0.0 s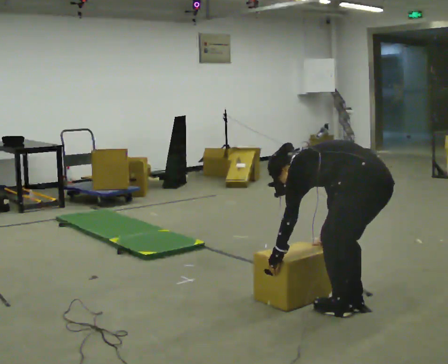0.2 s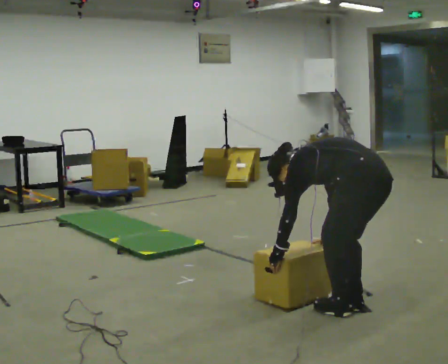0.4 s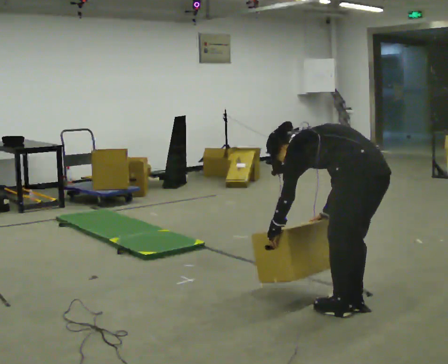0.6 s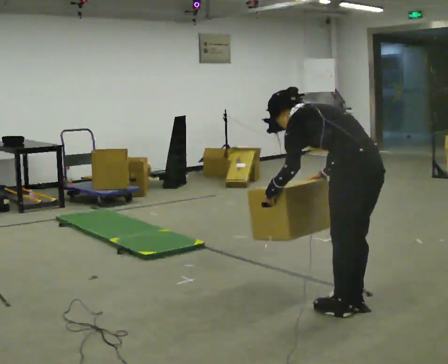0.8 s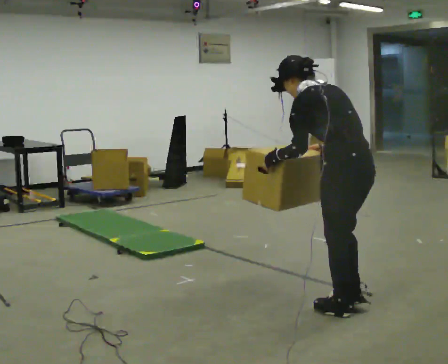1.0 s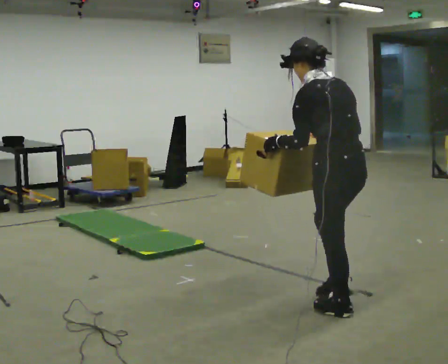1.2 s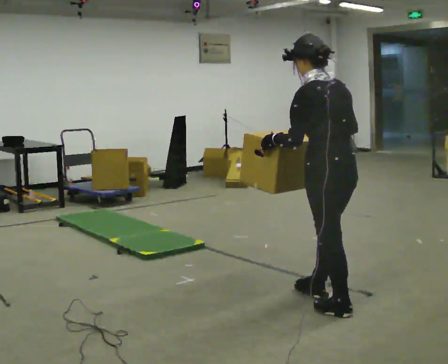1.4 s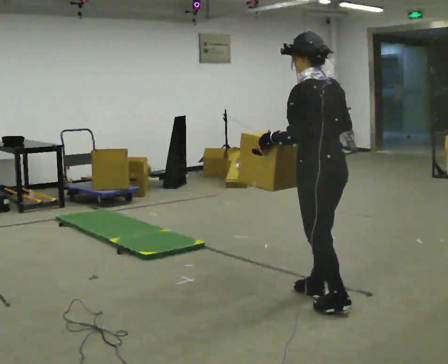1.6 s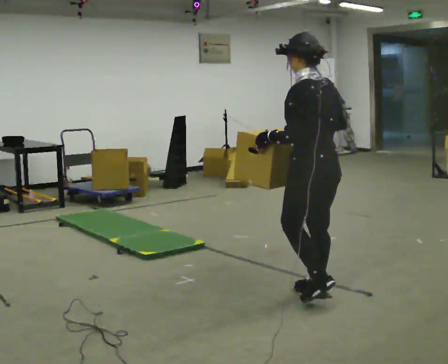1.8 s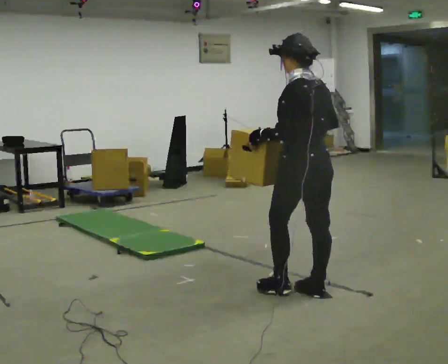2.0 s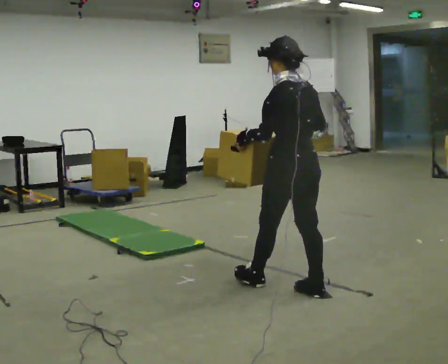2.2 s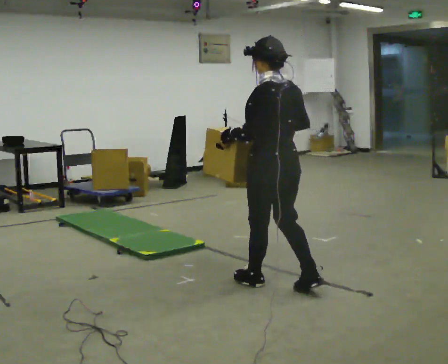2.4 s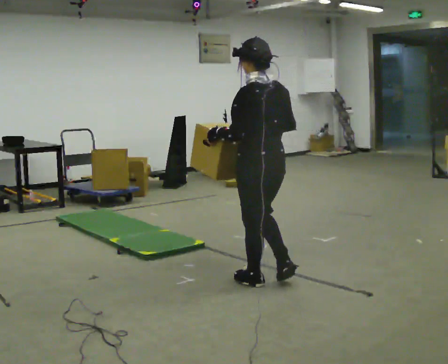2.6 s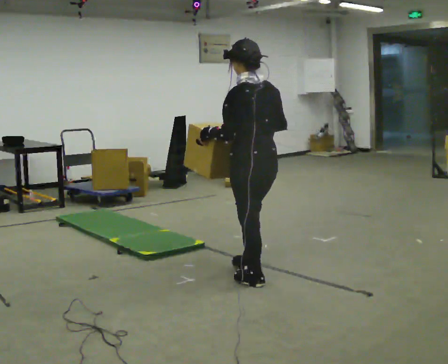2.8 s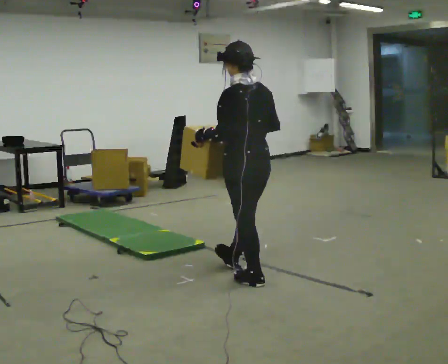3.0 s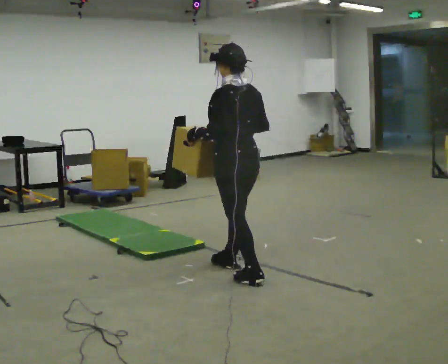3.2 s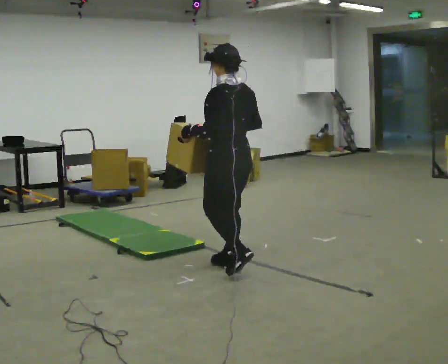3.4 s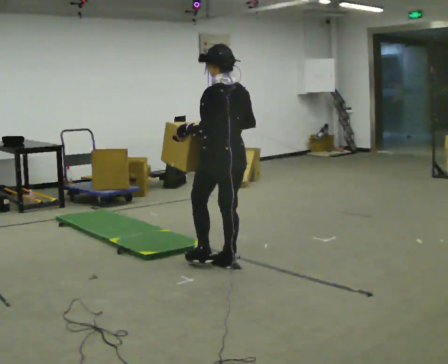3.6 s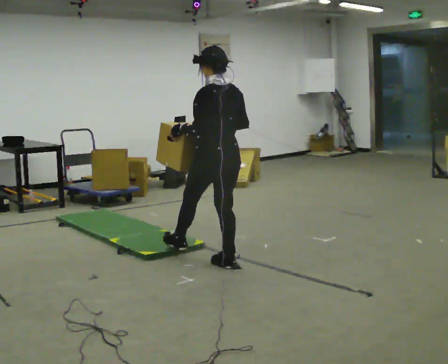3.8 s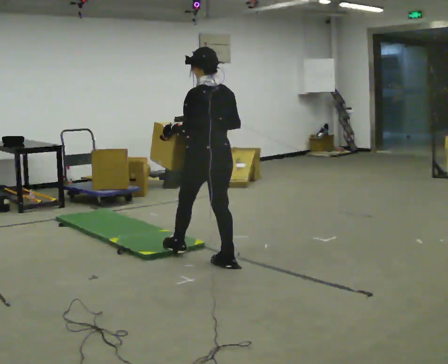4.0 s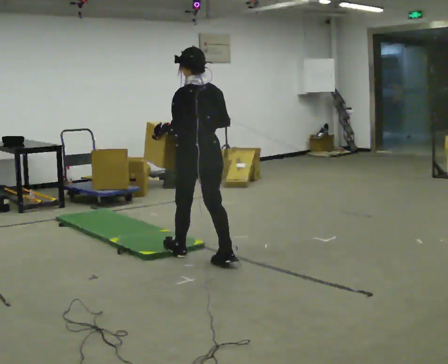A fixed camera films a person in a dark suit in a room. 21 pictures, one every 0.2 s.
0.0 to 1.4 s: In the picture they go away from the camera and to the left, about 0.25 m in 1 step, which for them is forward. The shoulders move upward. In the picture the upper body tilts clockwise, shoulders to the right, as they lean back or straighten. In the picture their right hand goes upward.
1.4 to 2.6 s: In the picture they go to the left and away from the camera, about 0.5 m in 1 step, which for them is forward.
2.6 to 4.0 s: In the picture they go away from the camera and to the left, about 0.75 m in 2 steps, which for them is forward.
The film runs forward here.
